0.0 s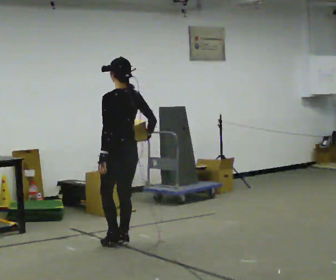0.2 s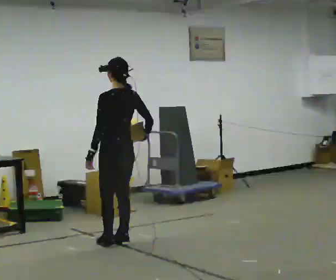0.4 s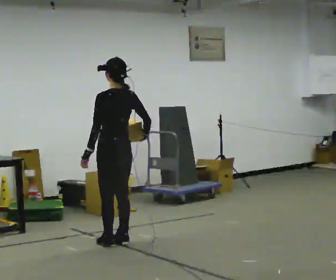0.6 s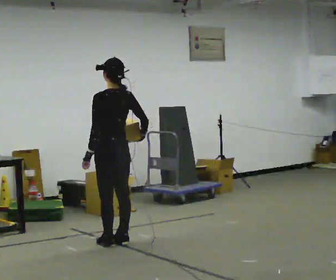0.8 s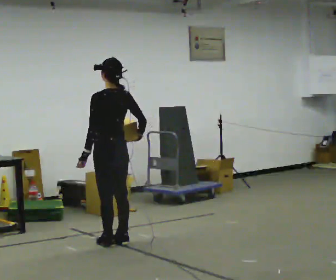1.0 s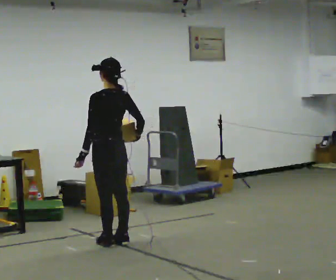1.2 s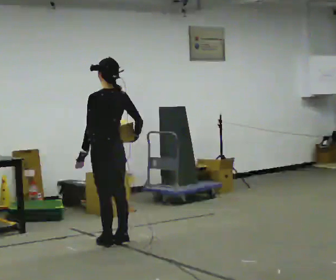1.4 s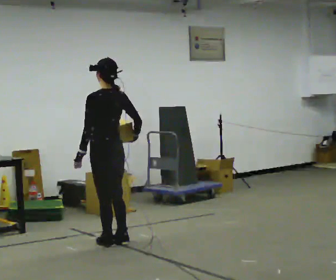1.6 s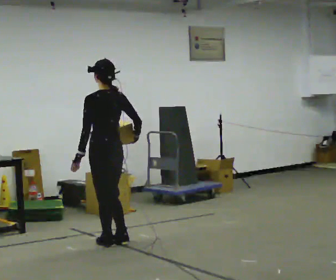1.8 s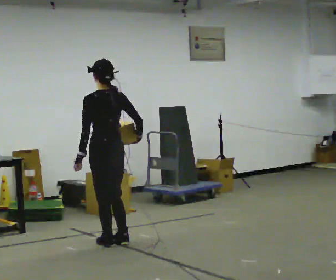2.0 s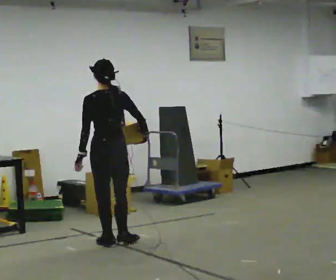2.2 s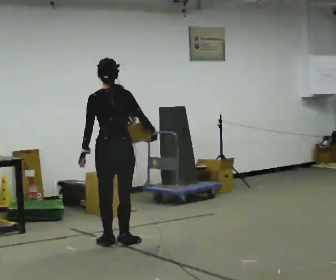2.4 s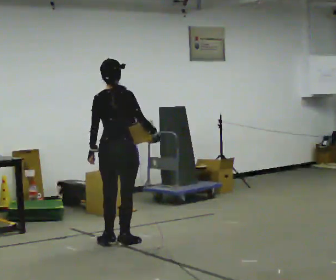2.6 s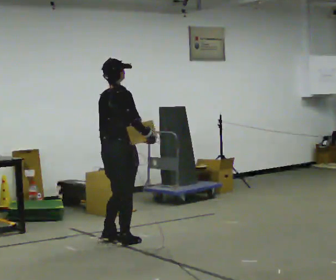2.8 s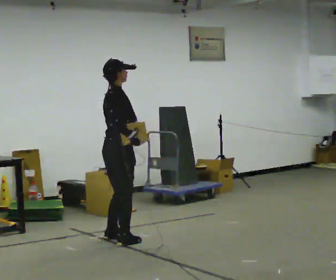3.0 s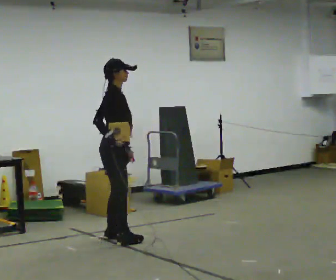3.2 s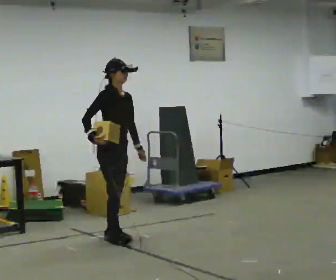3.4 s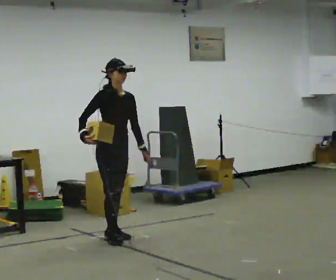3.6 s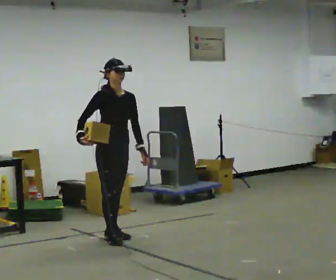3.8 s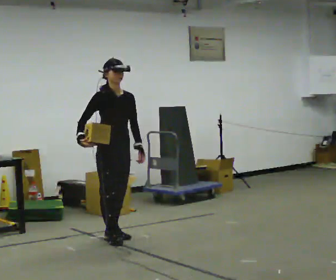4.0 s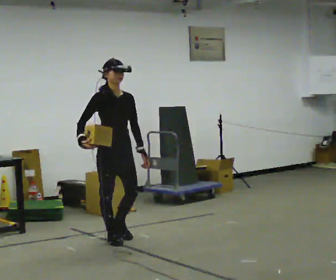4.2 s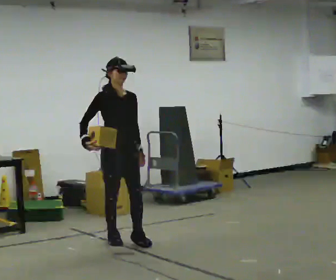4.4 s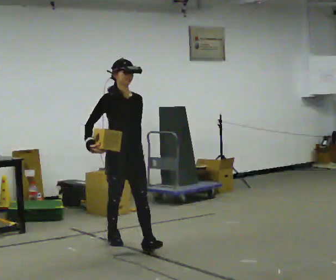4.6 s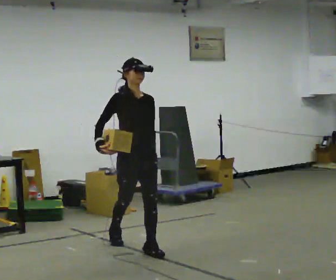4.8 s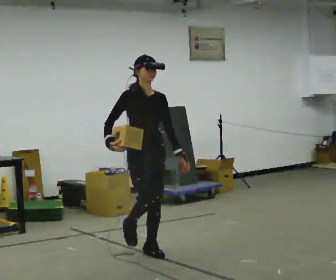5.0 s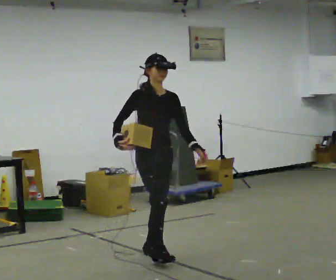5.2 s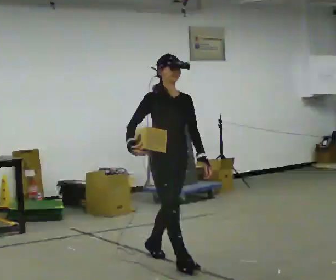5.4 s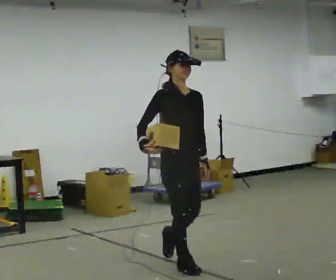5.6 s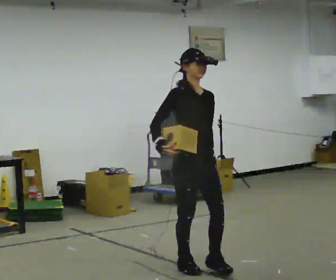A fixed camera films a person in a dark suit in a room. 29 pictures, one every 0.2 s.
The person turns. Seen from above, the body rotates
clockwise.
The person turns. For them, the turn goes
to their right.
0.0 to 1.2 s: The person moves a little, or ends about where they began.
1.2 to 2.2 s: The person turns about 45 degrees to their right, clockwise seen from above, so the part of the body nearest the lens slides to the left.
2.2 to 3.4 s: The part of the body nearest the lens slides to the left as the person turns to their right by about 135 degrees. In the picture they go away from the camera, about 0.25 m in 2 steps. In the picture their right hand goes to the left, the arm swinging clockwise.
3.4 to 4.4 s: In the picture they go toward the camera, about 0.25 m, which for them is forward.
4.4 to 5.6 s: In the picture they go toward the camera and to the right, about 1 m in 2 steps, which for them is forward.
The film runs forward here.
